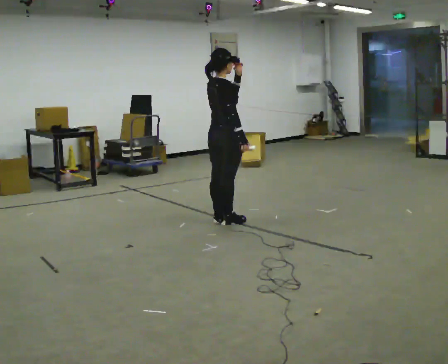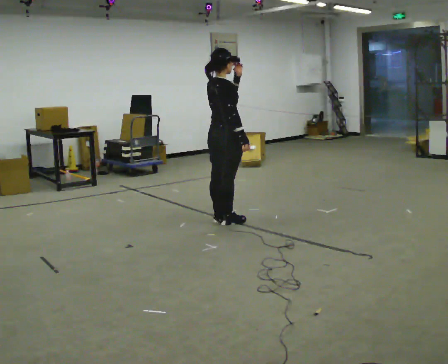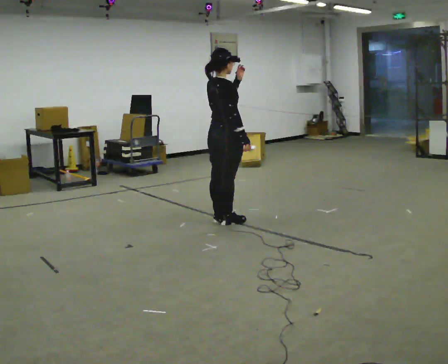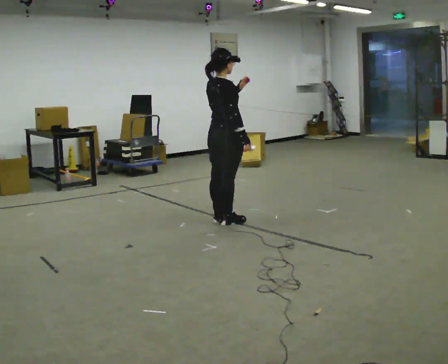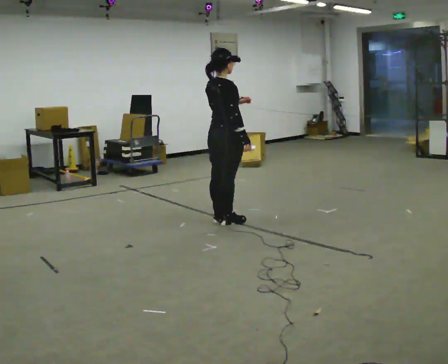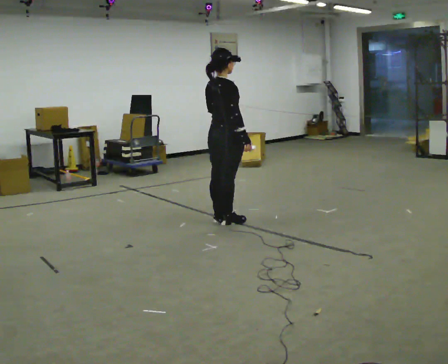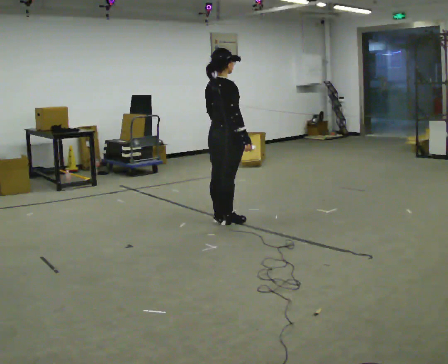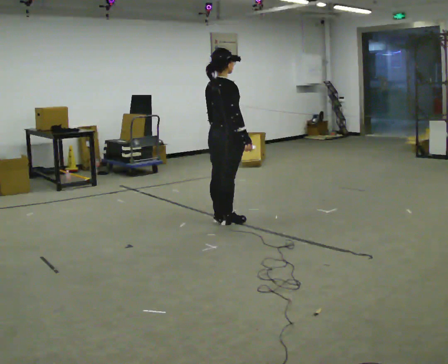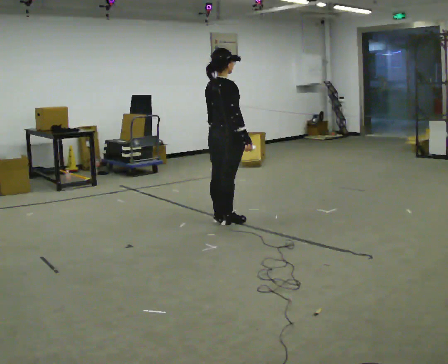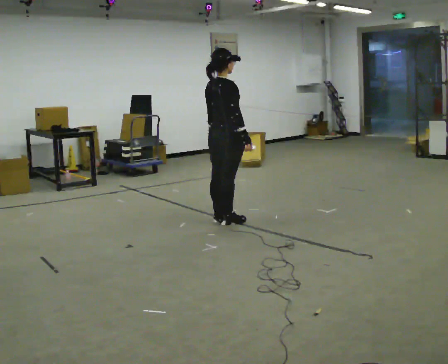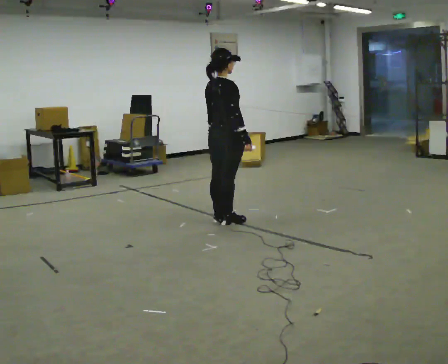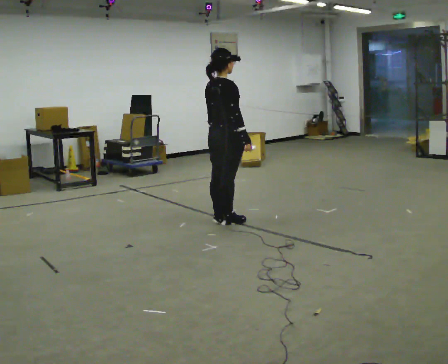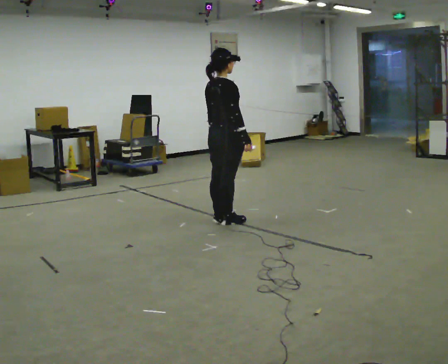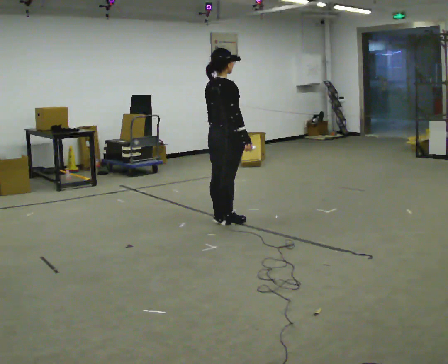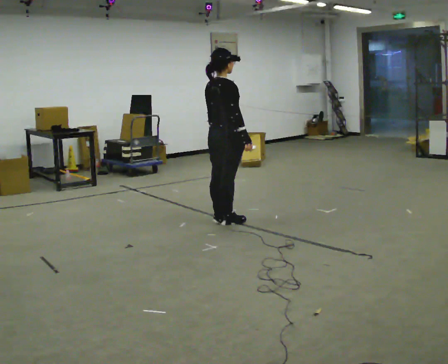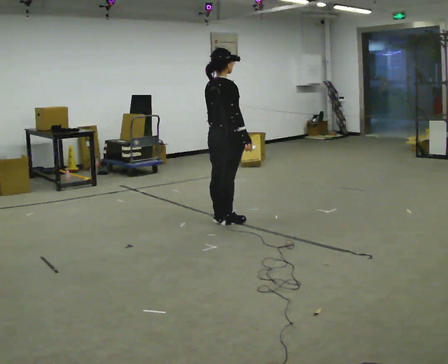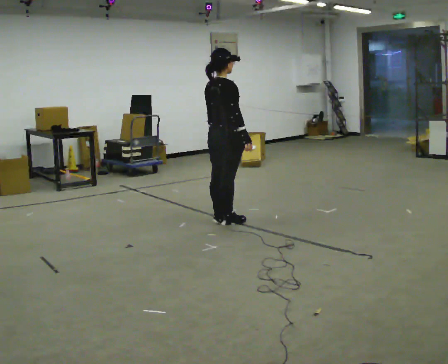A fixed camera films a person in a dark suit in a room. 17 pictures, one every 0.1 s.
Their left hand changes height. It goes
downward.
0.0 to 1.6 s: In the picture their left hand goes downward.
The film runs backward here.
